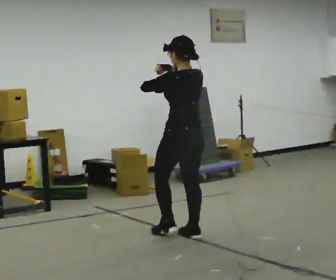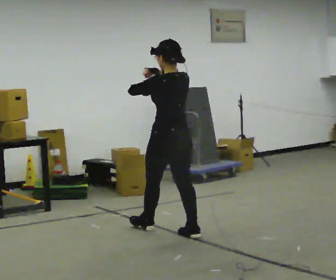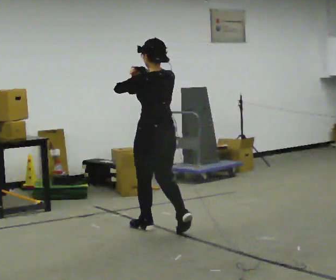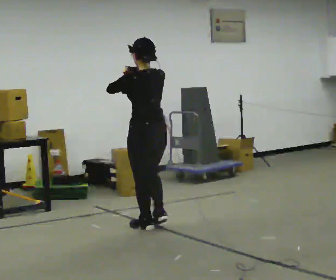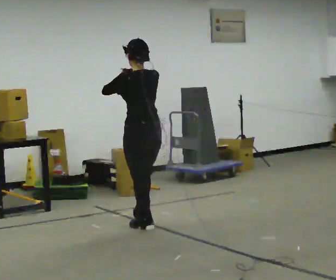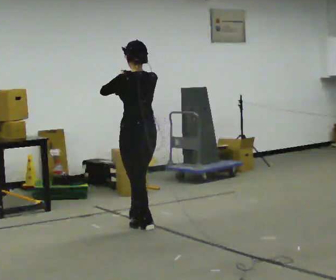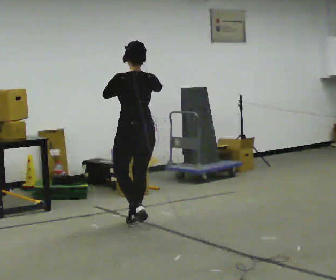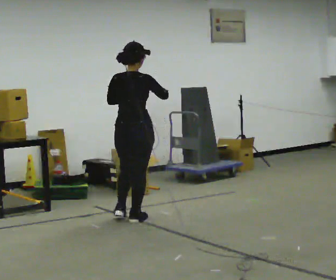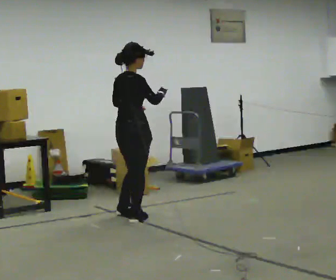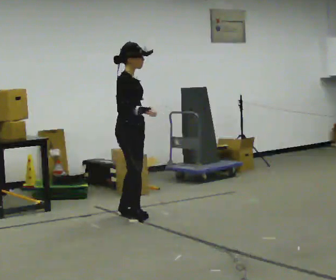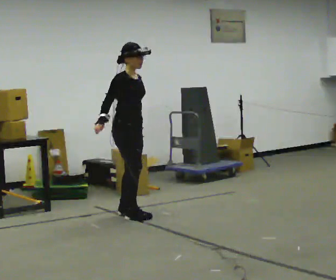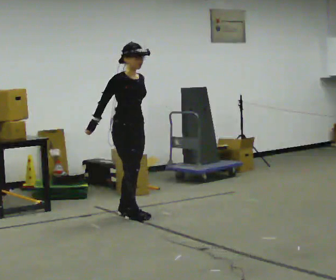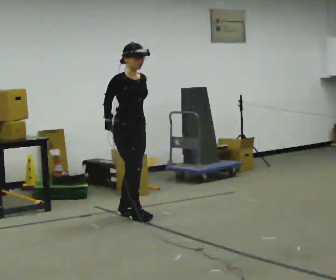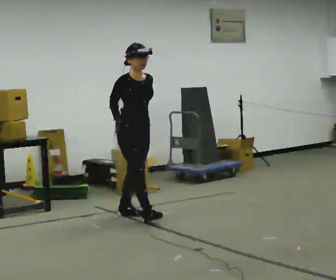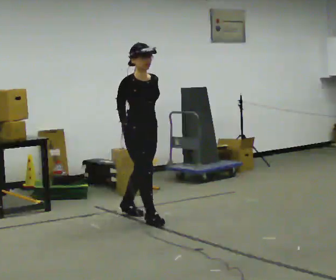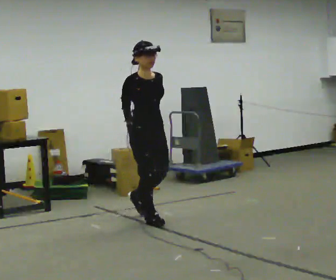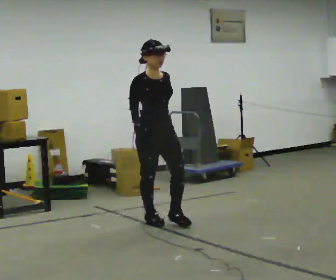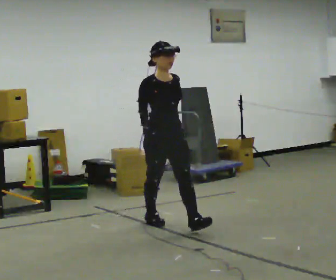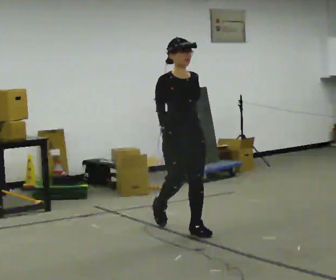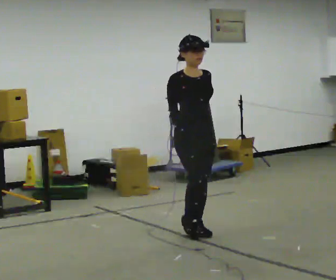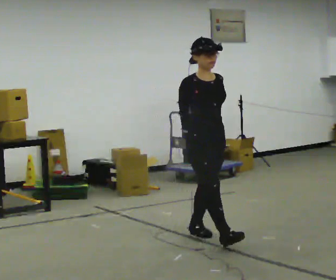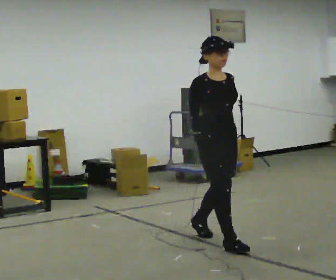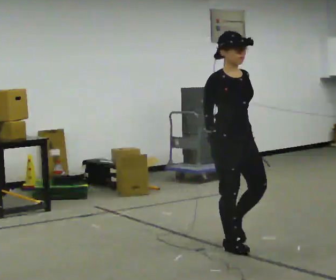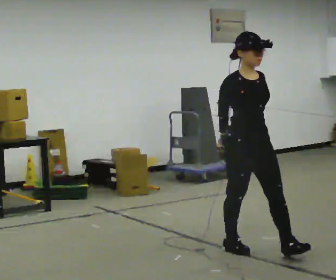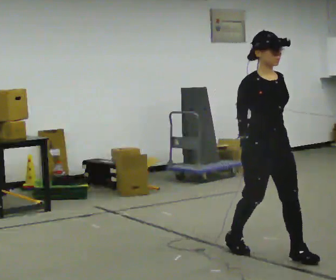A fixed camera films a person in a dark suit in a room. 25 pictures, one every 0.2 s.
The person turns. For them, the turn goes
to their right.
The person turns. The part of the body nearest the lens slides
to the left.
0.0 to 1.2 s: In the picture they go away from the camera and to the left, about 0.75 m in 2 steps, which for them is forward.
1.2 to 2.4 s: The person turns about 150 degrees to their right, clockwise seen from above, so the part of the body nearest the lens slides to the left. In the picture they go away from the camera, about 0.25 m in 2 steps. In the picture their right hand goes downward.
2.4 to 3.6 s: In the picture they go toward the camera and to the right, about 1 m in 2 steps, which for them is forward.
3.6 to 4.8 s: In the picture they go toward the camera and to the right, about 1 m in 2 steps, which for them is forward.
The film runs forward here.
